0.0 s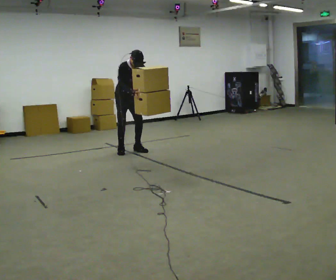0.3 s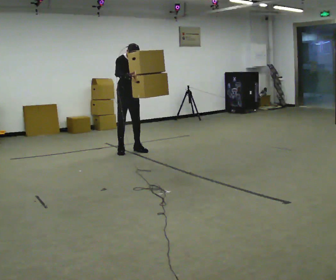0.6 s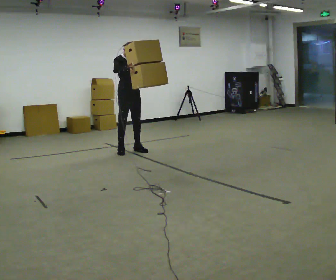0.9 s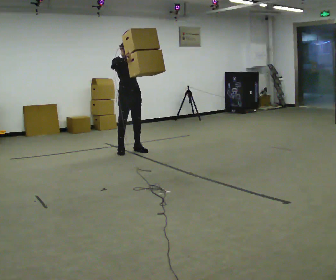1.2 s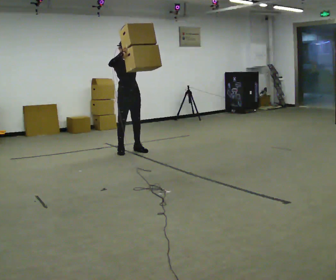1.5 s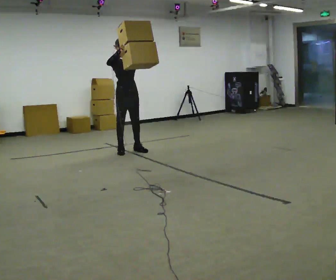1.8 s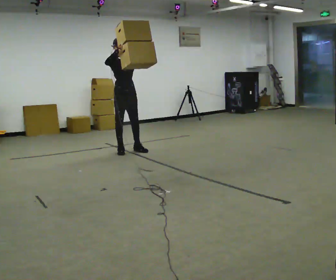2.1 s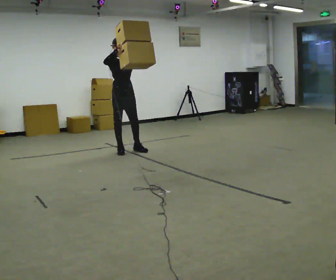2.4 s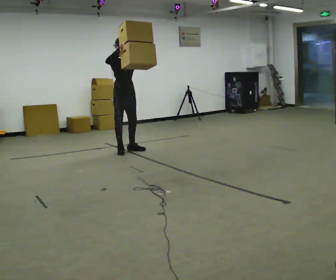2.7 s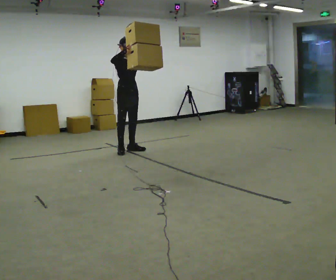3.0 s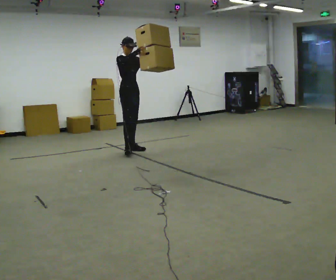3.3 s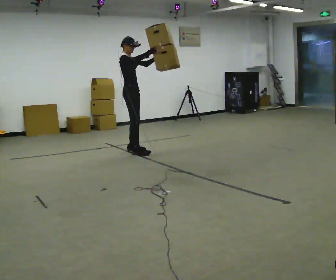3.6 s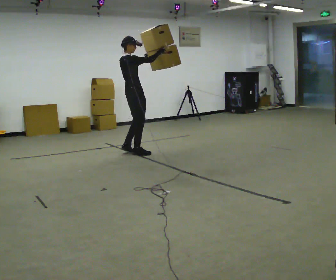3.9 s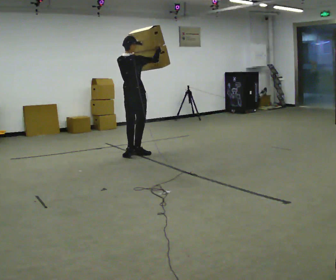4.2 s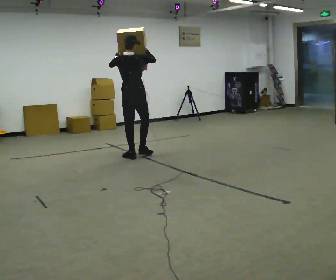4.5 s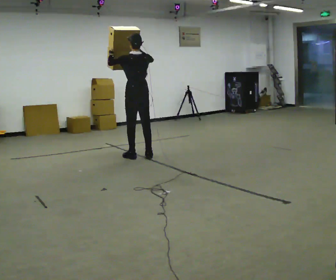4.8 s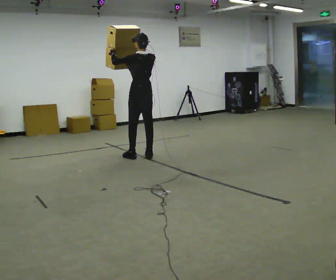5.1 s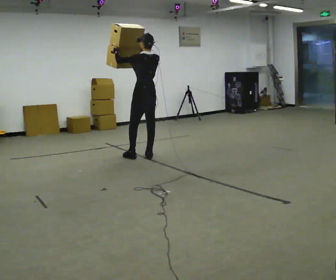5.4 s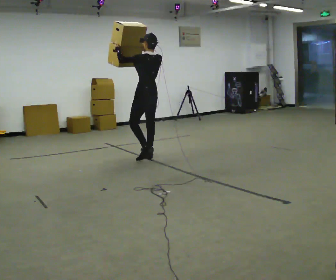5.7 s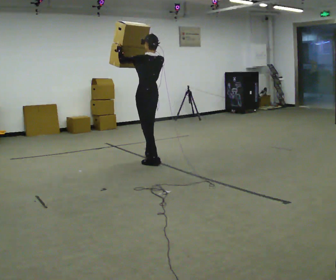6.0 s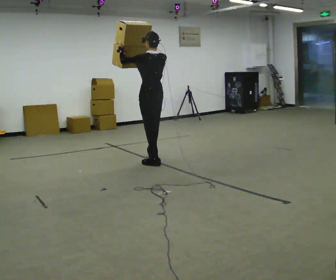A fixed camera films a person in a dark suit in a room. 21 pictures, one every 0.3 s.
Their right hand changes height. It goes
upward.
The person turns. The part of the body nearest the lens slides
to the right.
0.0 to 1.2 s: The upper body tips away from the camera, its near side rolling upward, as they lean back or straighten. In the picture their right hand goes upward.
1.2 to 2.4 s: The person moves a little, or ends about where they began.
2.4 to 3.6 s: Seen from above the body turns counterclockwise, about 90 degrees: to their left, with its near side sliding to the right. In the picture they go toward the camera and to the right, about 0.25 m in 2 steps.
3.6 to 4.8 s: The person turns about 90 degrees to their left, counterclockwise seen from above, so the part of the body nearest the lens slides to the right. In the picture they go toward the camera, about 0.25 m in 1 step. In the picture their left hand goes to the left.
4.8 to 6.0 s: In the picture they go toward the camera, about 0.5 m in 2 steps, which for them is backward.
The film runs backward here.
